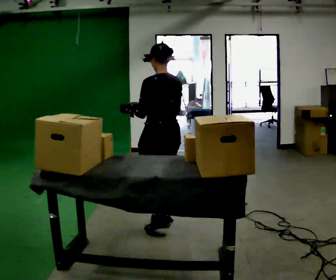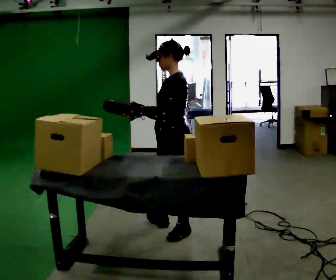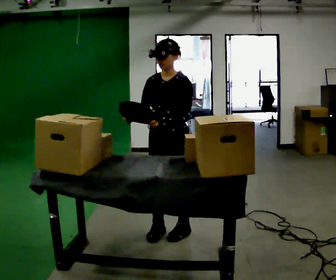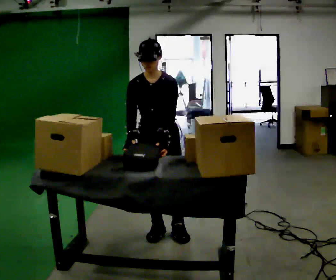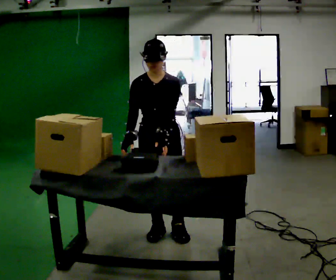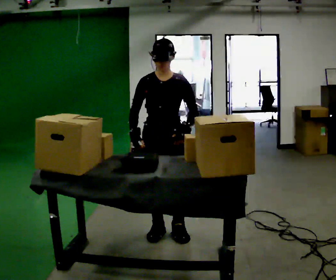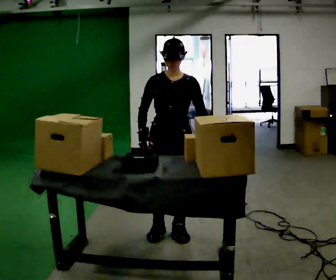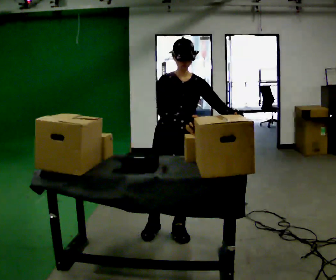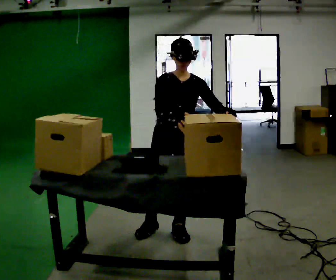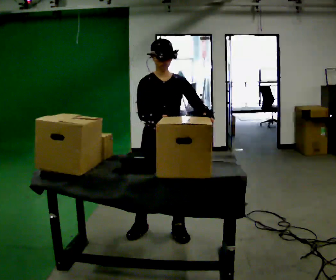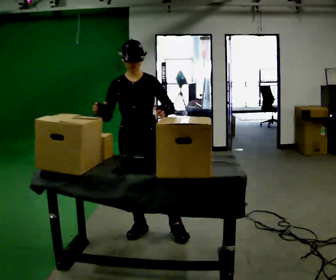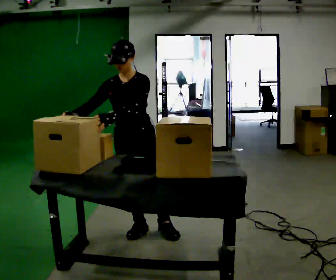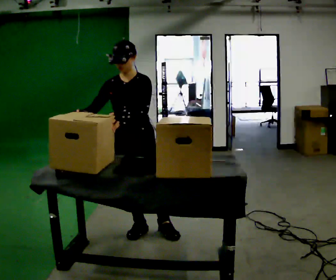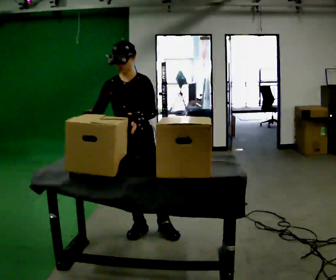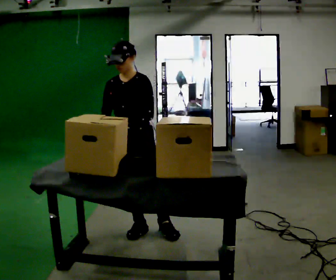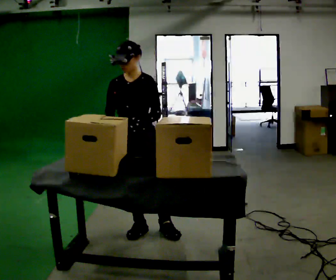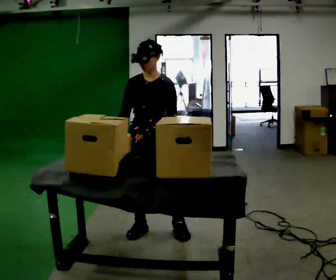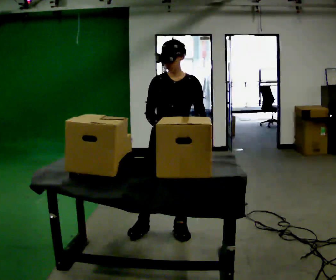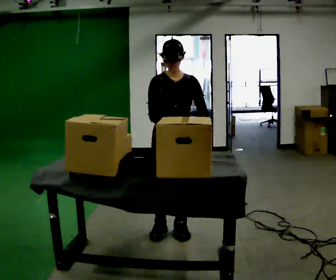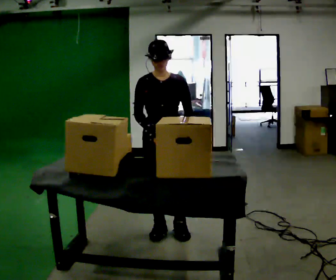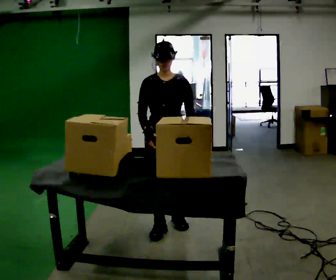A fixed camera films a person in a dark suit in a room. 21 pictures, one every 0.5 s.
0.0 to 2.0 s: The person turns about 135 degrees to their left, counterclockwise seen from above, so the part of the body nearest the lens slides to the right. In the picture they go toward the camera, about 0.25 m in 1 step. In the picture their right hand goes to the left.
2.0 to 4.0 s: In the picture their left hand goes to the right, the arm swinging counterclockwise.
4.0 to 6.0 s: In the picture they go to the left, about 0.25 m, which for them is to their right.
6.0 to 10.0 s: In the picture they go to the right, about 0.25 m in 1 step, which for them is to their left and backward.
The film runs backward here.
